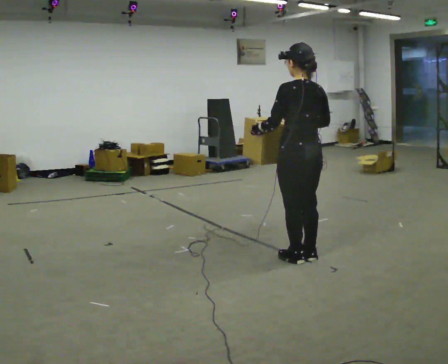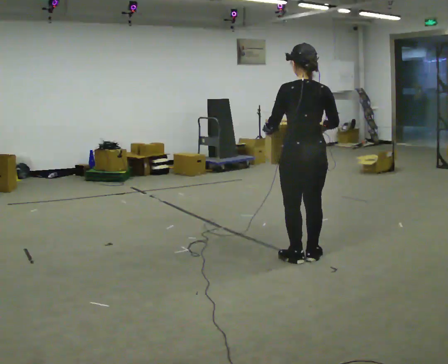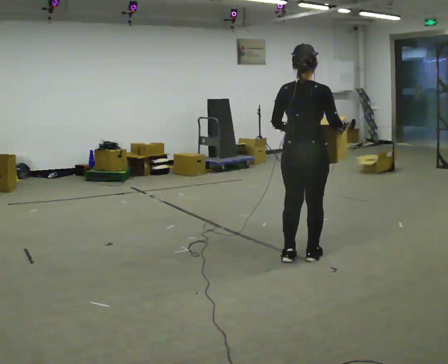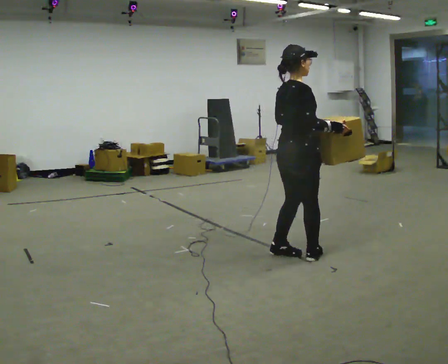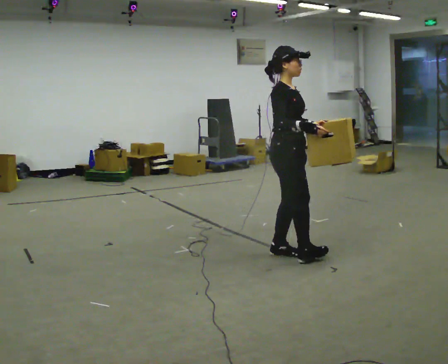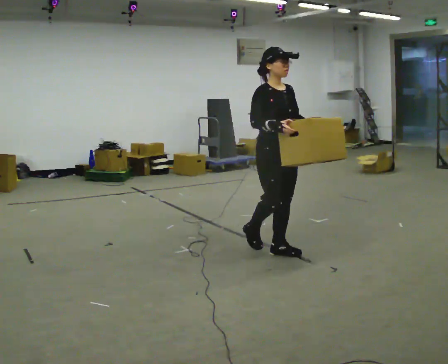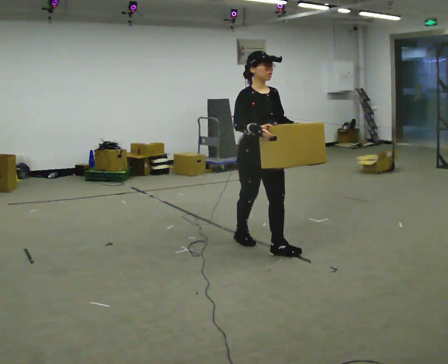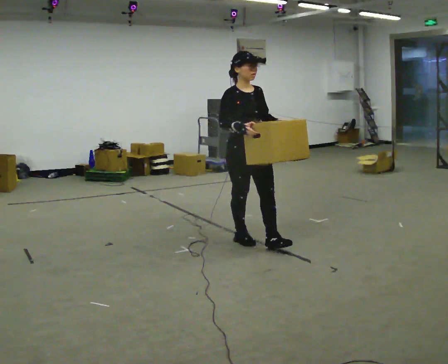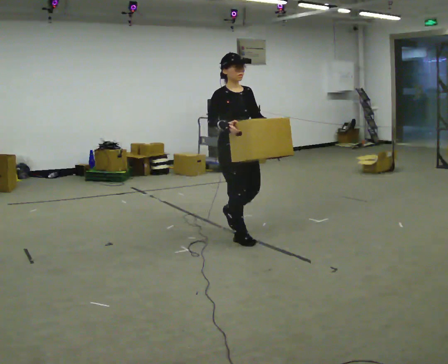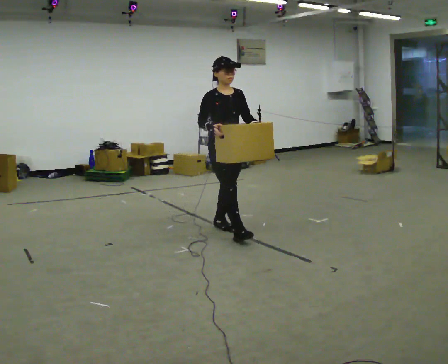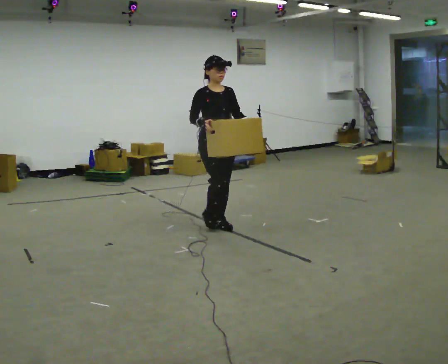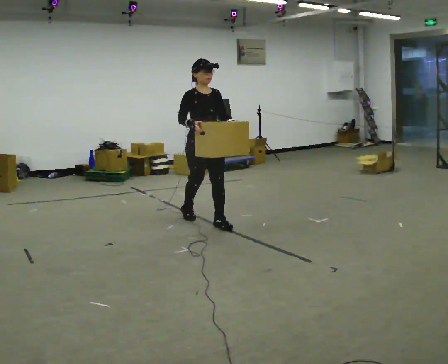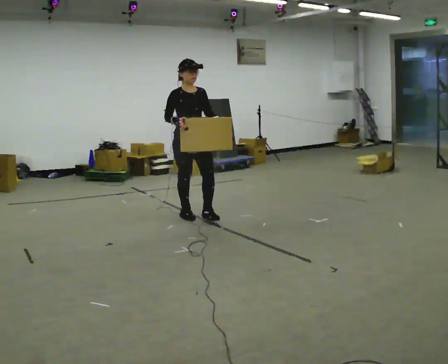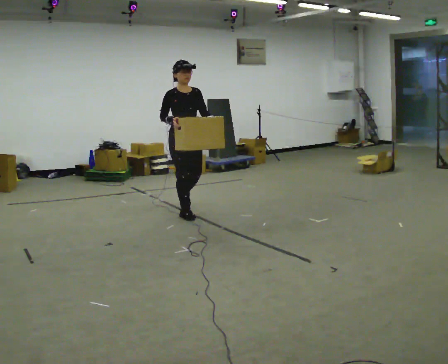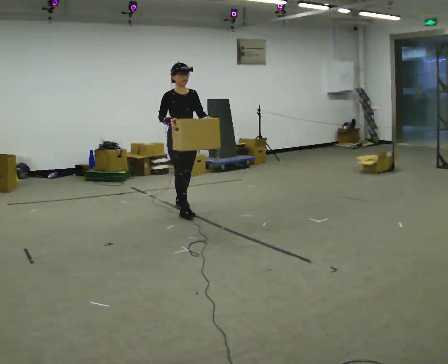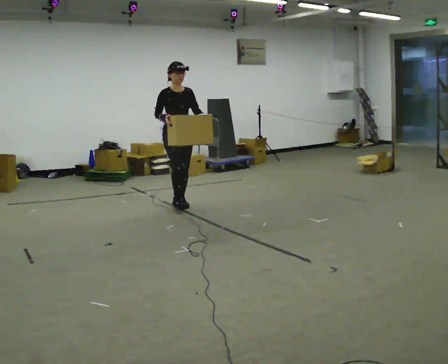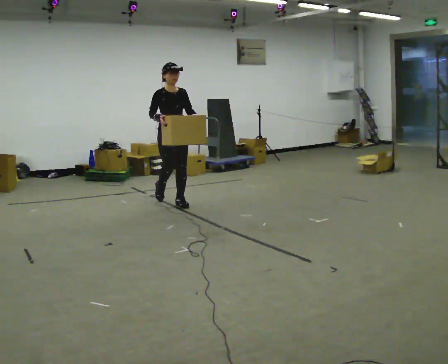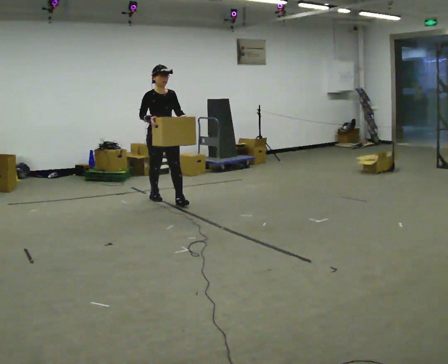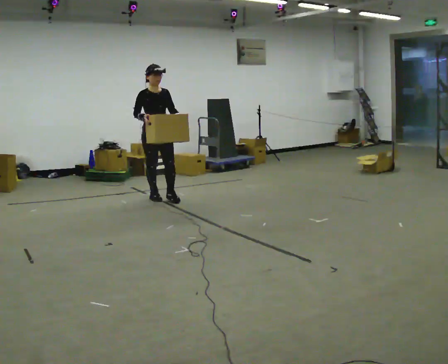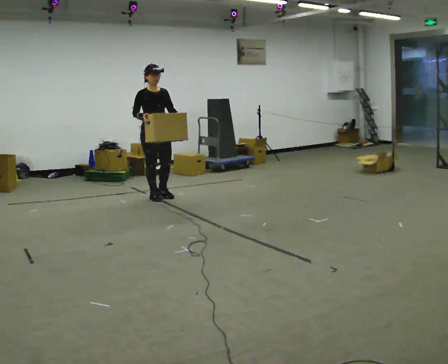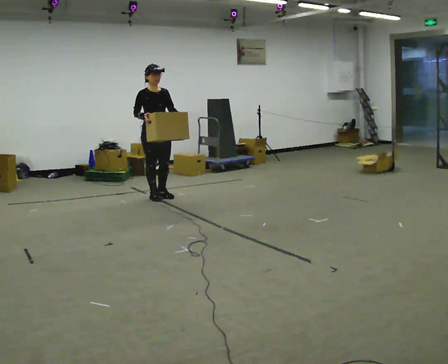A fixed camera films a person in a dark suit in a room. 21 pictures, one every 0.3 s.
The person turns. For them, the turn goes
to their right.
The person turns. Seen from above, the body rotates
clockwise.
0.0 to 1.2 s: The person turns about 135 degrees to their right, clockwise seen from above, so the part of the body nearest the lens slides to the left. In the picture they go away from the camera, about 0.25 m in 2 steps.
1.2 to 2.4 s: The person turns about 45 degrees to their right, clockwise seen from above, so the part of the body nearest the lens slides to the left. In the picture they go to the left and away from the camera, about 0.5 m in 1 step, which for them is backward.
2.4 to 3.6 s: In the picture they go away from the camera and to the left, about 1 m in 2 steps, which for them is backward.
3.6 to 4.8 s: In the picture they go away from the camera and to the left, about 0.75 m in 1 step, which for them is backward.
4.8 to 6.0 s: In the picture they go to the left and away from the camera, about 0.25 m in 1 step, which for them is backward.
The film runs backward here.
